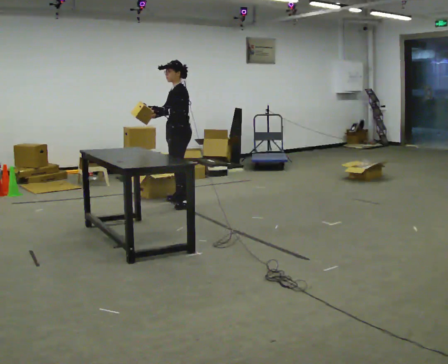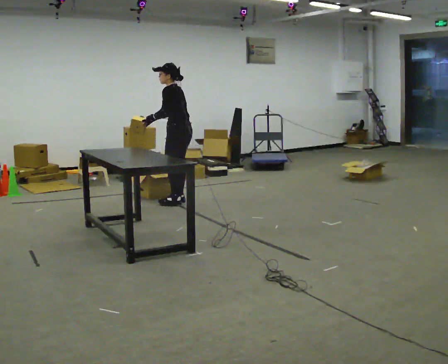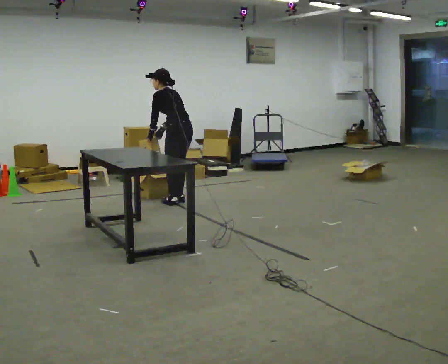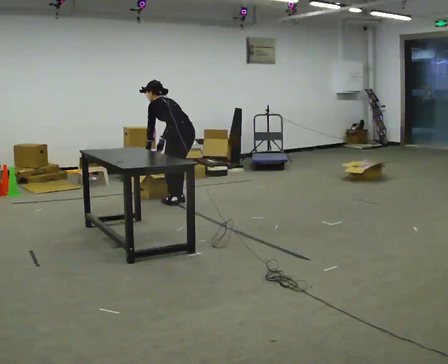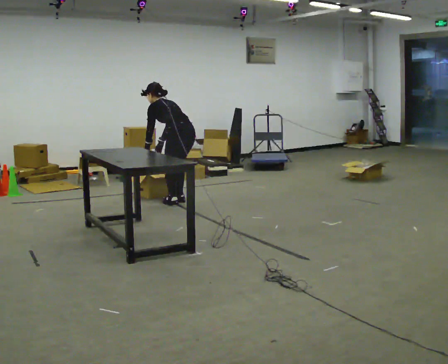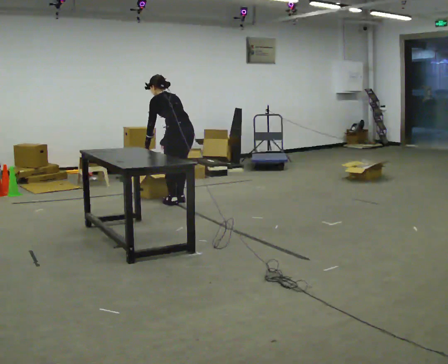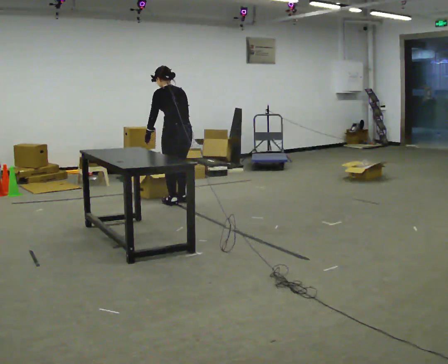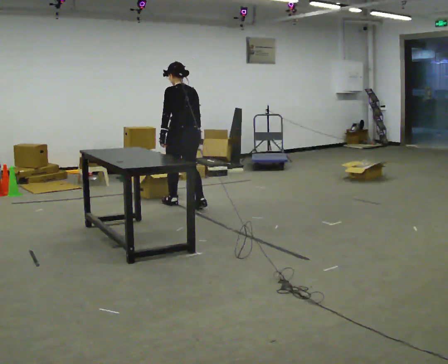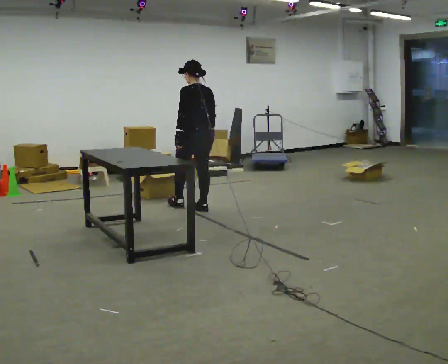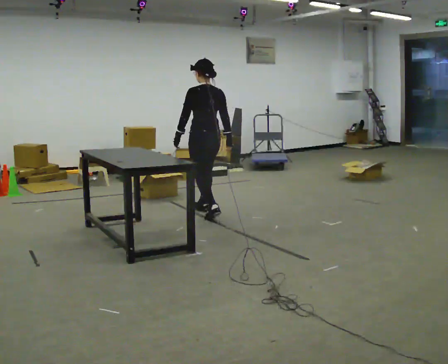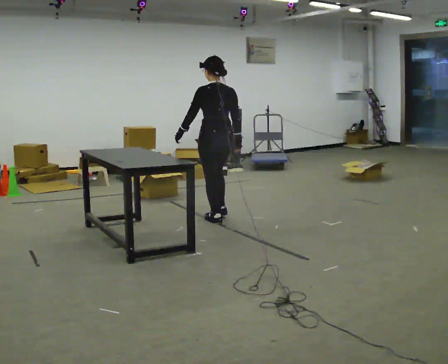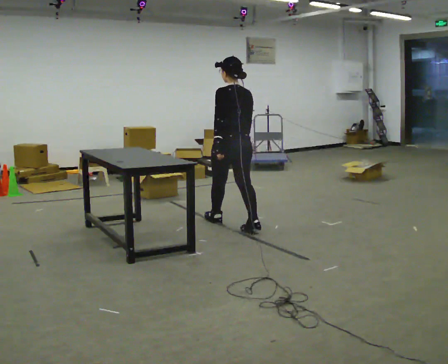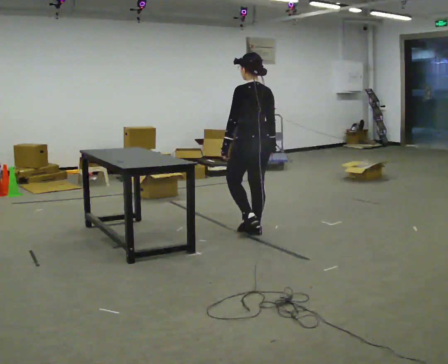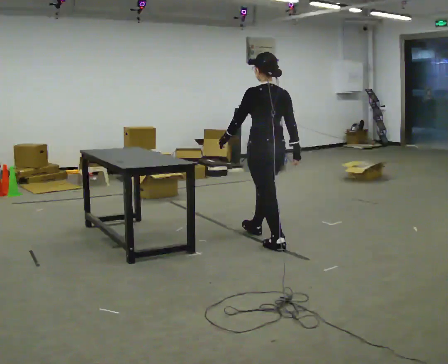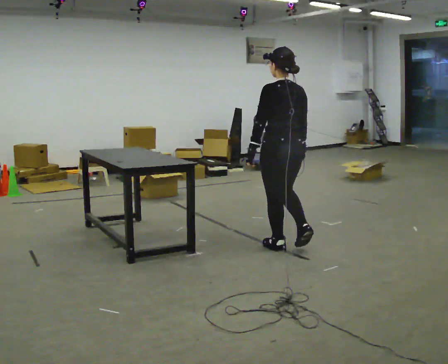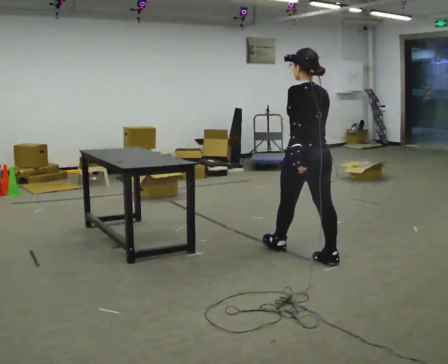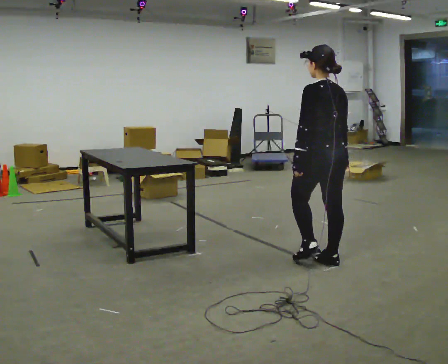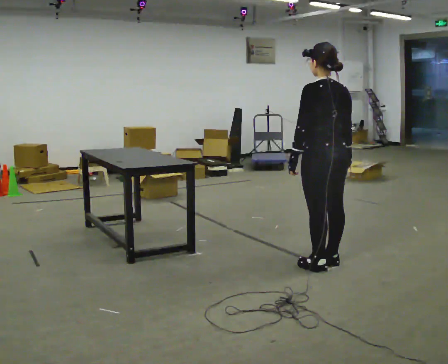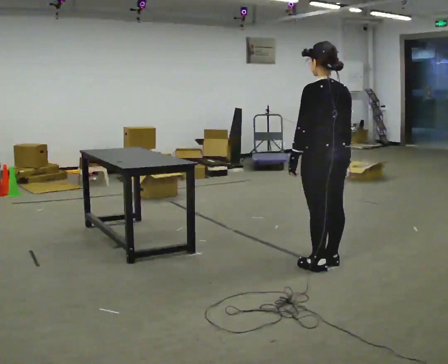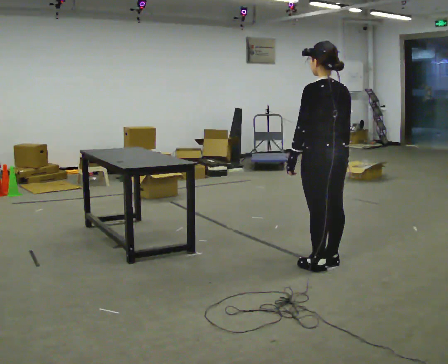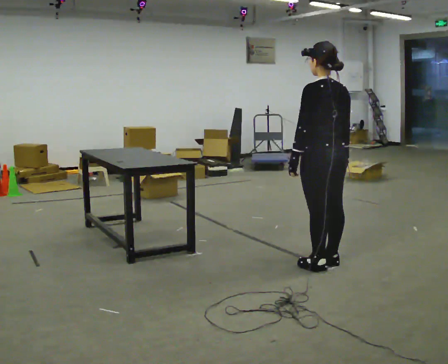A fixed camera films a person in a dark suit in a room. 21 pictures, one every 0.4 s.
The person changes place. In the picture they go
toward the camera.
0.0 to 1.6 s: Seen from above the body turns clockwise, about 45 degrees: to their right, with its near side sliding to the left. The upper body goes downward. In the picture the upper body tilts counterclockwise, shoulders to the left, as they bend forward. In the picture their right hand goes downward.
1.6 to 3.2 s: In the picture they go toward the camera and to the right, about 0.25 m in 2 steps, which for them is backward. The shoulders move upward. In the picture the upper body tilts clockwise, shoulders to the right, as they lean back or straighten.
3.2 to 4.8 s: In the picture they go toward the camera and to the right, about 1 m in 2 steps, which for them is backward.
4.8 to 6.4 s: In the picture they go toward the camera and to the right, about 1 m in 2 steps, which for them is backward.
6.4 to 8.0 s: The person moves a little, or ends about where they began.
The film runs backward here.
